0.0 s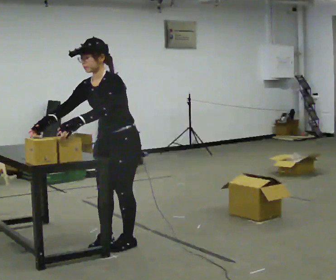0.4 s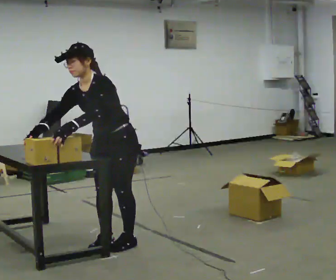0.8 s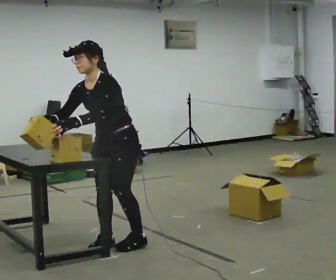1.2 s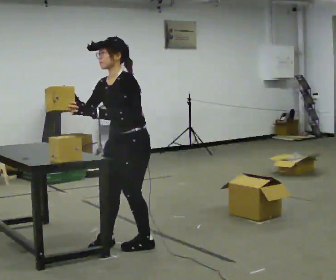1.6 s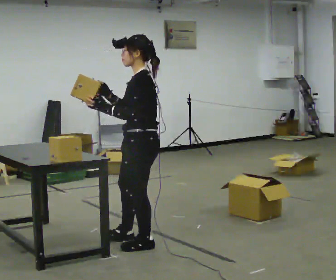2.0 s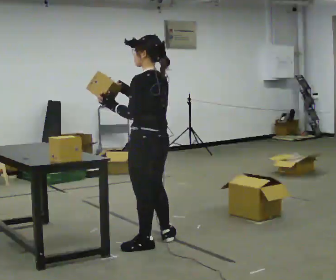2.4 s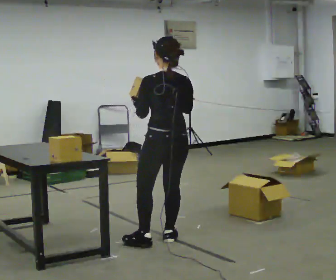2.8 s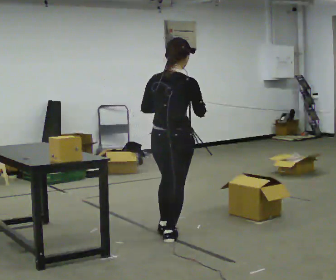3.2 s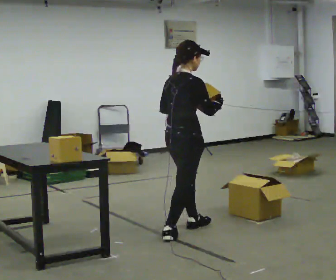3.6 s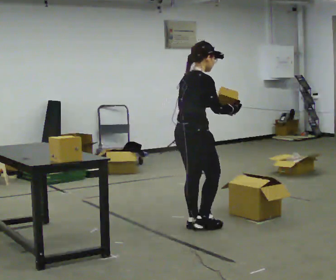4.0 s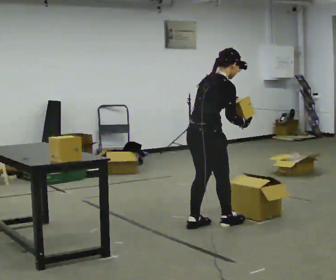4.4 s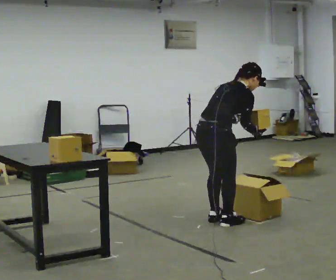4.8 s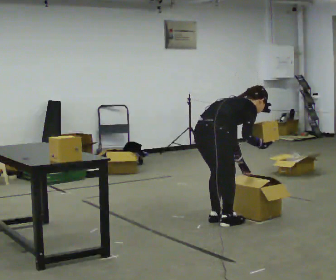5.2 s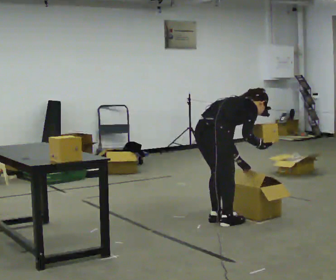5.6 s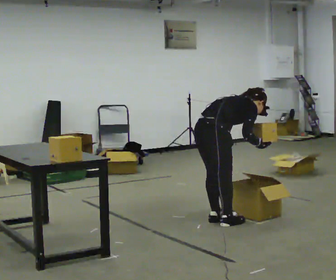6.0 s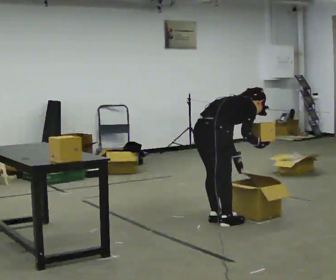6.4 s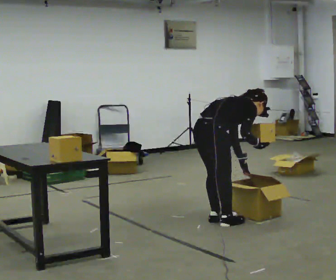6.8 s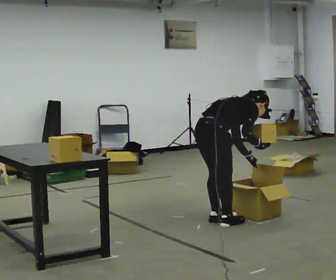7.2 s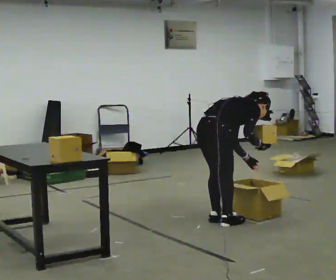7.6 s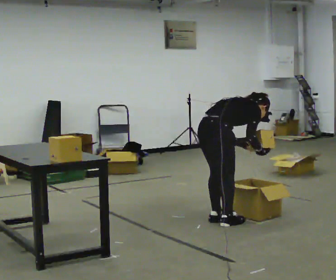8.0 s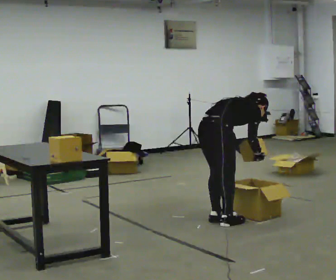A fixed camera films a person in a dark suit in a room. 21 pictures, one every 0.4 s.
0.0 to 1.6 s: The person turns about 45 degrees to their right, clockwise seen from above, so the part of the body nearest the lens slides to the left. In the picture they go to the right, about 0.25 m, which for them is to their left. In the picture their right hand goes to the right.
1.6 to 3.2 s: The part of the body nearest the lens slides to the left as the person turns to their right by about 150 degrees. In the picture they go away from the camera and to the right, about 0.5 m in 2 steps.
3.2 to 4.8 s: In the picture they go to the right and away from the camera, about 0.25 m in 2 steps, which for them is forward. The shoulders move downward. In the picture the upper body tilts clockwise, shoulders to the right, as they bend forward. In the picture their right hand goes downward.
4.8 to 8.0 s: The person moves a little, or ends about where they began.
The film runs forward here.
